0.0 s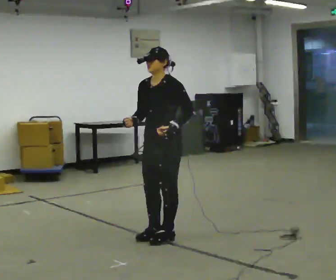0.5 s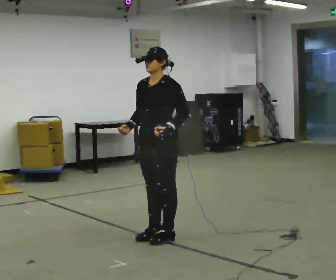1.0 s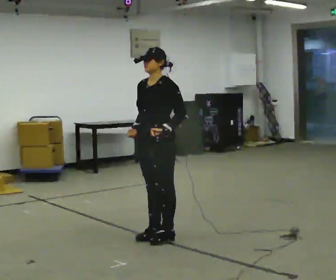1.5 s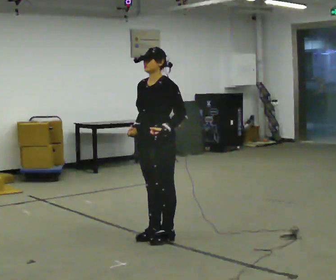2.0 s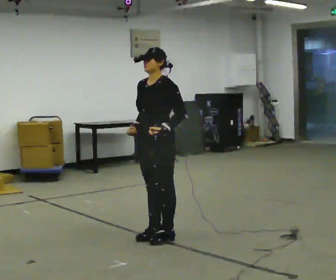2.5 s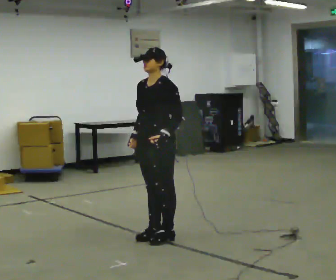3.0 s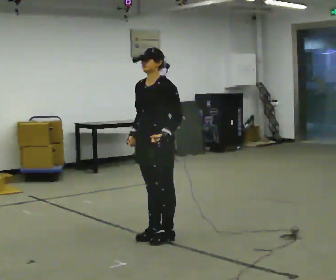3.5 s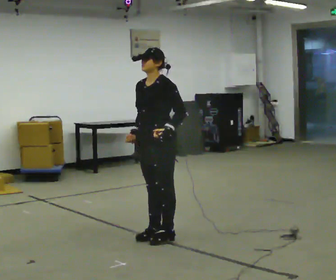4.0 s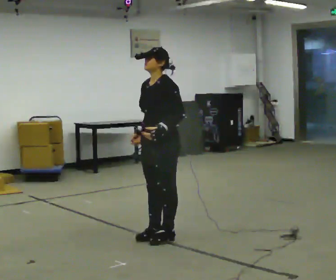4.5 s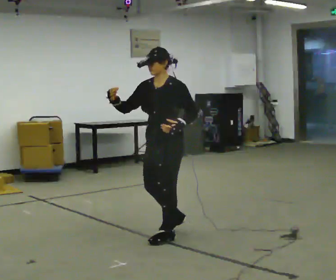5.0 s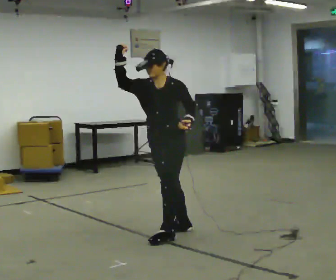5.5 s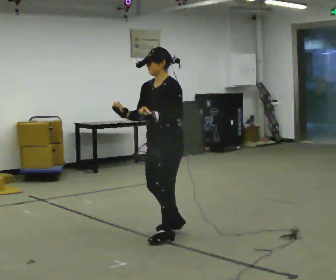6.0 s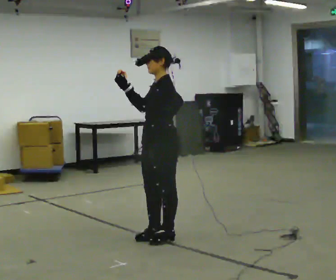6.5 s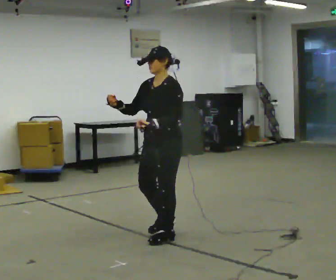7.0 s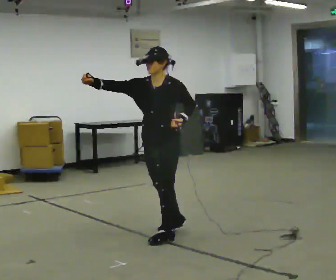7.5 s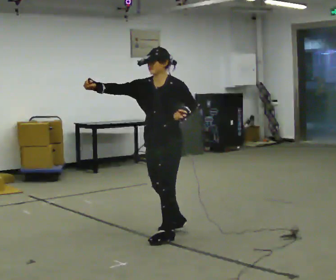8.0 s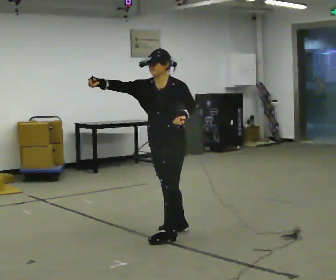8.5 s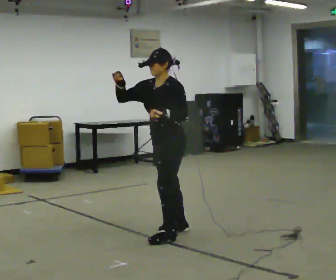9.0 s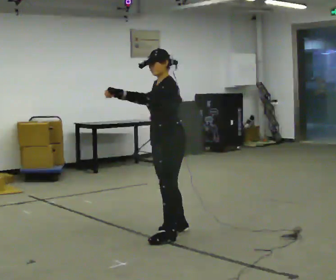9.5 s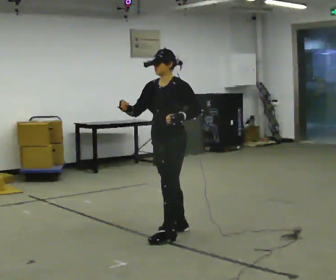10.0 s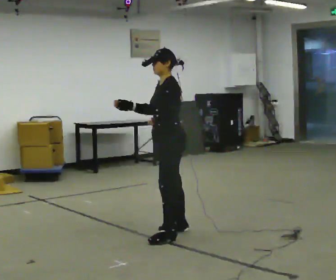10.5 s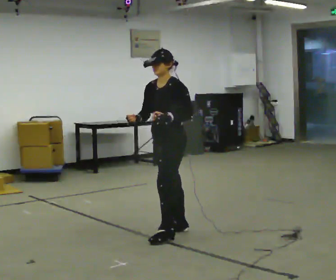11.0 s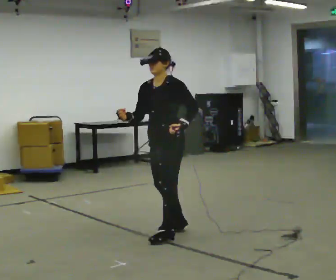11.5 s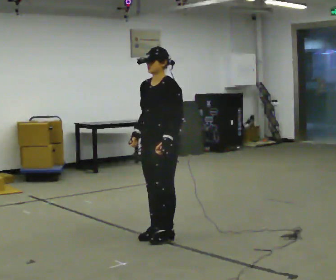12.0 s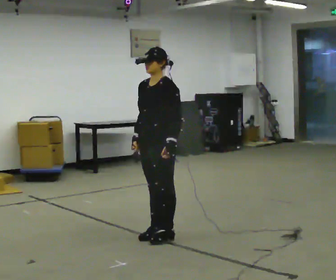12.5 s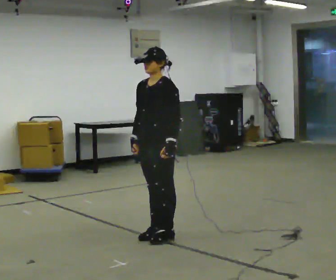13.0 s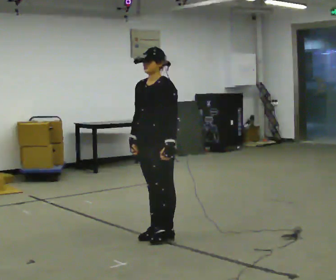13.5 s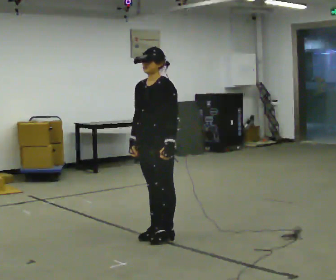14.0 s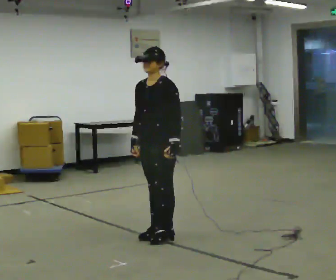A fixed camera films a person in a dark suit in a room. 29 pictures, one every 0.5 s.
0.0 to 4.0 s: The person moves a little, or ends about where they began.
4.0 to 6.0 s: In the picture their left hand goes upward.
6.0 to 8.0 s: The part of the body nearest the lens slides to the right as the person turns to their left by about 45 degrees. In the picture their right hand goes to the left and upward.
8.0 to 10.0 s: Seen from above the body turns clockwise, about 45 degrees: to their right, with its near side sliding to the left. In the picture their right hand goes to the right and downward.
10.0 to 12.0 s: The part of the body nearest the lens slides to the right as the person turns to their left by about 30 degrees. In the picture their left hand goes to the right.
12.0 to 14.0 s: The person moves a little, or ends about where they began.
The film runs backward here.
